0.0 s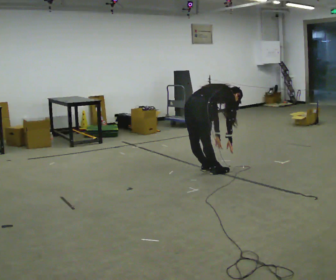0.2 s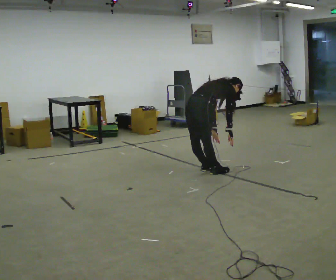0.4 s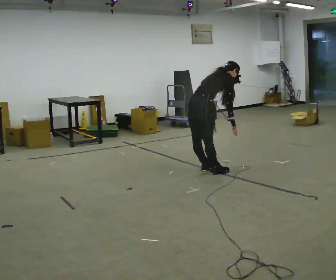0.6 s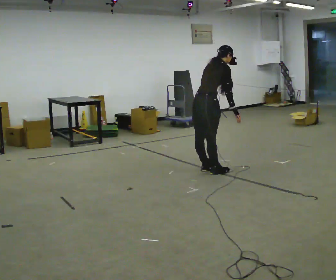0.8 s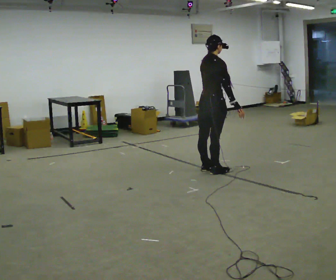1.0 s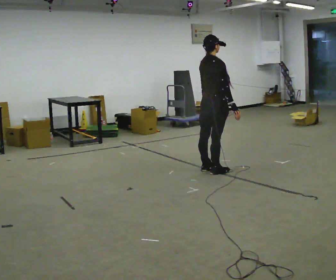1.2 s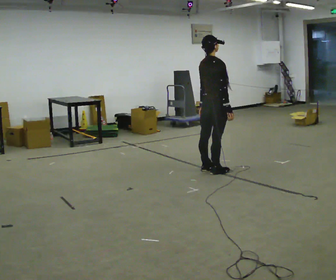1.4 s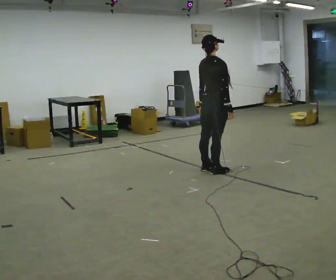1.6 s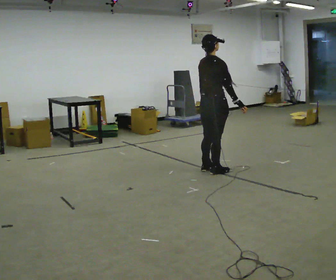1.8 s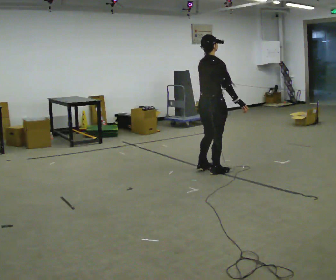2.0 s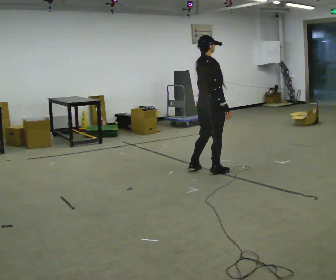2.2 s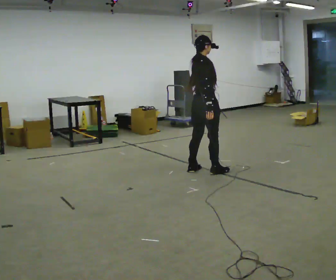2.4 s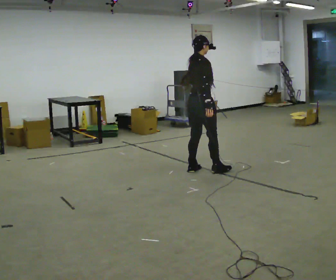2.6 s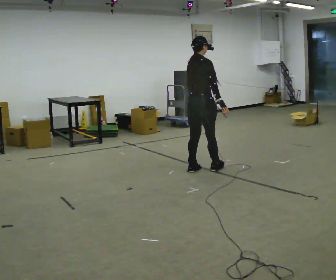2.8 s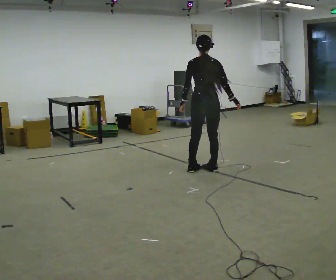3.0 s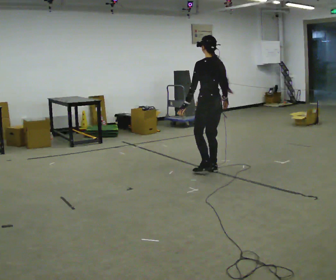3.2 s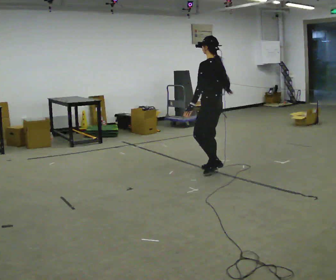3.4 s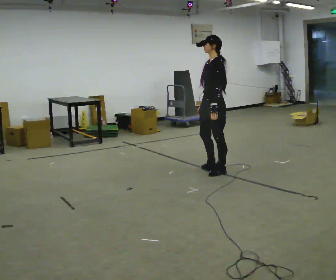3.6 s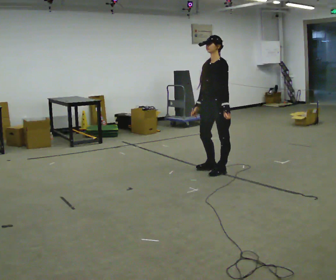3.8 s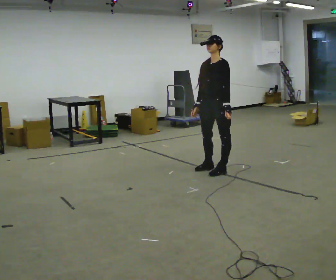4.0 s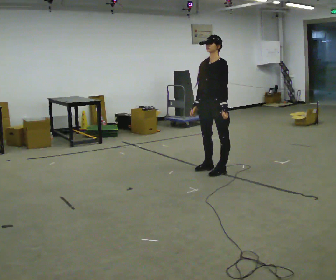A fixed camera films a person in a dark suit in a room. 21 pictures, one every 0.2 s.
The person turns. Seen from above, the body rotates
counterclockwise.
The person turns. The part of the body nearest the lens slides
to the right.
0.0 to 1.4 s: In the picture they go to the right, about 0.25 m, which for them is forward. The upper body goes upward. In the picture the upper body tilts counterclockwise, shoulders to the left, as they lean back or straighten. In the picture their left hand goes upward.
1.4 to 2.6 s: In the picture they go to the left, about 0.25 m in 1 step, which for them is backward.
2.6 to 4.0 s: The person turns about 195 degrees to their left, counterclockwise seen from above, so the part of the body nearest the lens slides to the right. In the picture they go to the right, about 0.25 m in 2 steps.
The film runs backward here.
